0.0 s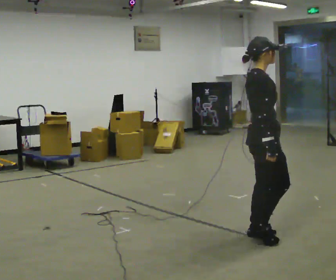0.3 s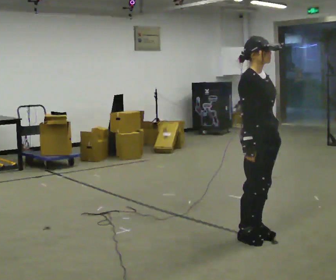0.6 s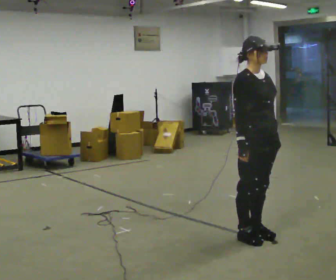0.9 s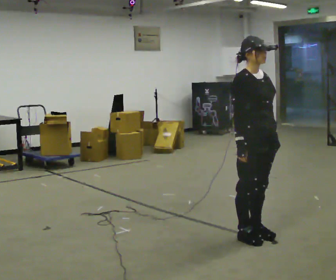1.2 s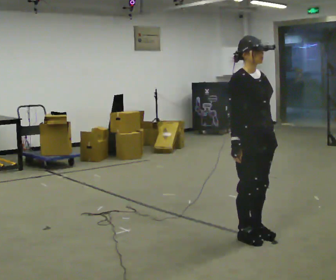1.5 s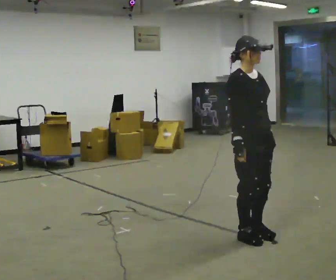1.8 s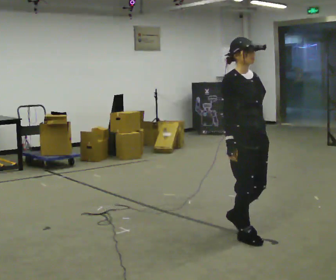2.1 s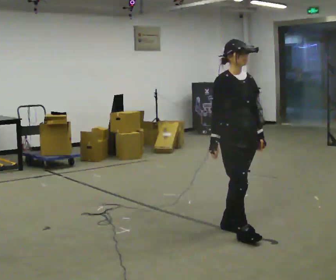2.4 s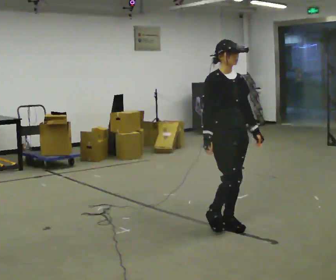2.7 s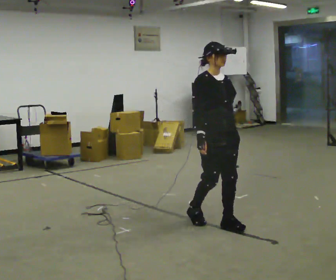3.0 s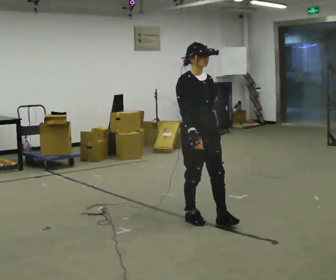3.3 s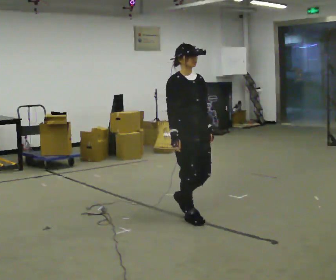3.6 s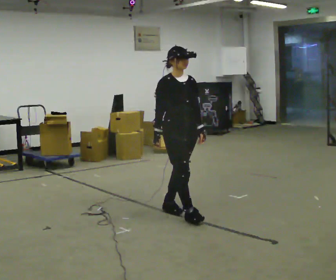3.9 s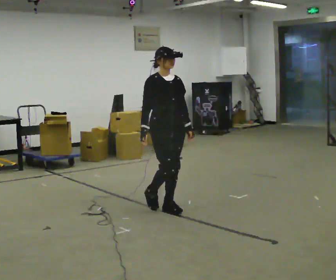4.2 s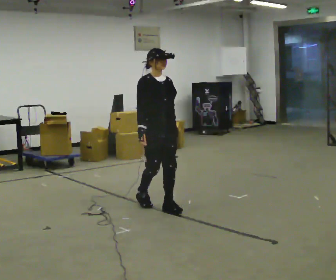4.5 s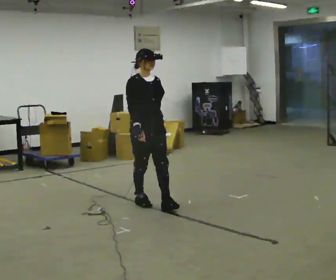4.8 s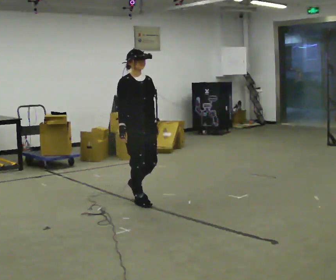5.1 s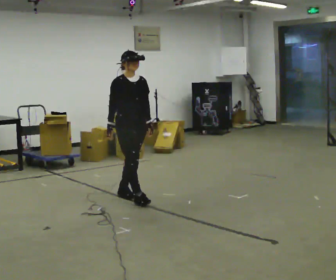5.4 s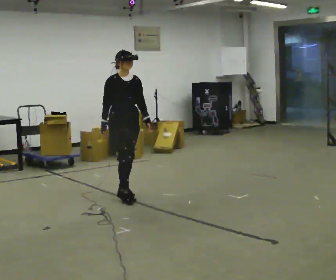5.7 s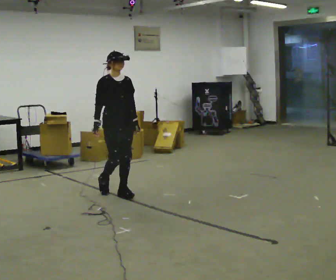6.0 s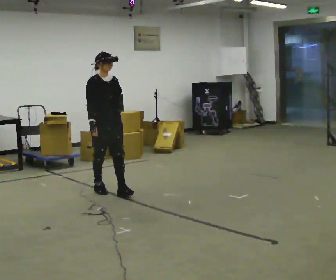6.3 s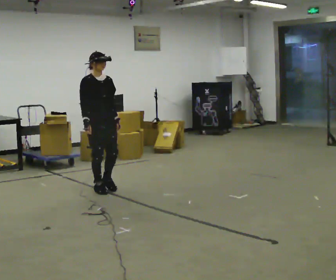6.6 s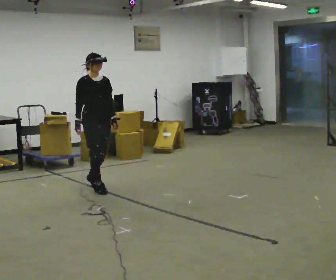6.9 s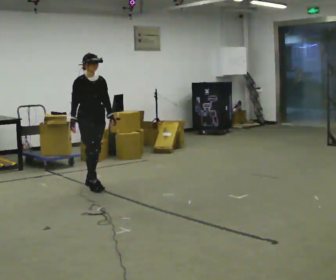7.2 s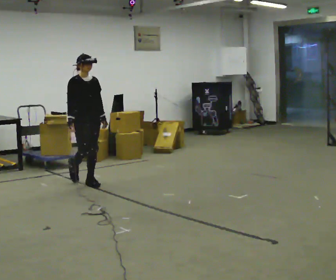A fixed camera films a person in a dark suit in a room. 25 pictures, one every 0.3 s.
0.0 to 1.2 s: The person turns about 45 degrees to their right, clockwise seen from above, so the part of the body nearest the lens slides to the left.
1.2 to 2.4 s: In the picture they go away from the camera and to the left, about 0.25 m in 2 steps, which for them is backward.
2.4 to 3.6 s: In the picture they go away from the camera and to the left, about 0.5 m in 1 step, which for them is backward.
3.6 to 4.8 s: In the picture they go away from the camera and to the left, about 0.5 m in 2 steps, which for them is backward.
4.8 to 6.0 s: In the picture they go away from the camera and to the left, about 0.5 m in 1 step, which for them is backward.
6.0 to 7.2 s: In the picture they go away from the camera and to the left, about 0.5 m in 2 steps, which for them is backward.
The film runs backward here.
